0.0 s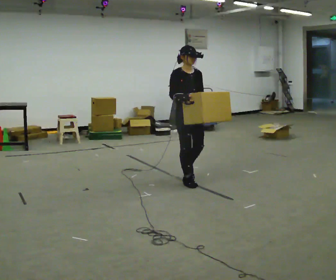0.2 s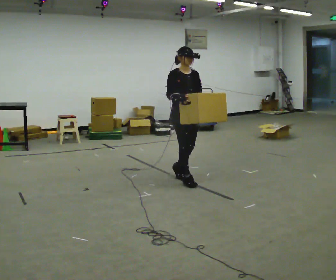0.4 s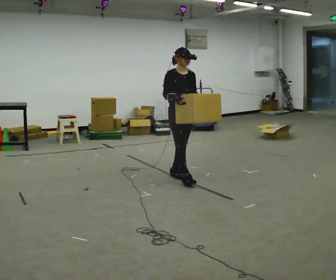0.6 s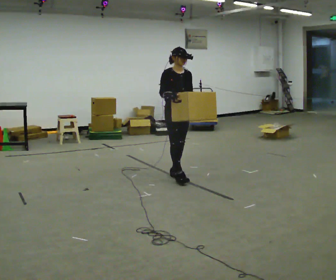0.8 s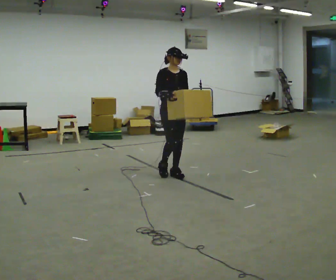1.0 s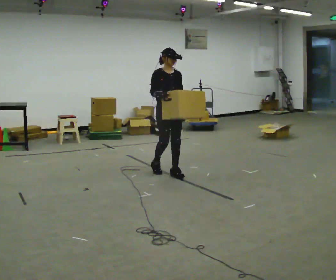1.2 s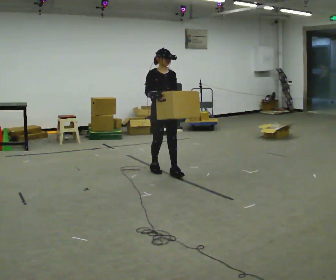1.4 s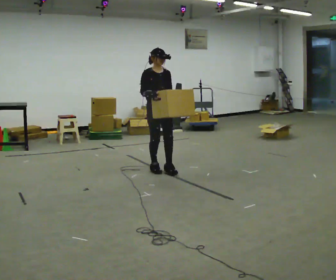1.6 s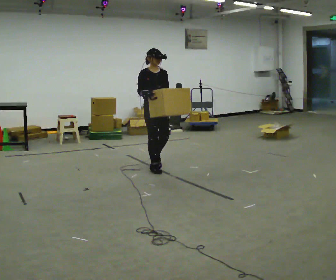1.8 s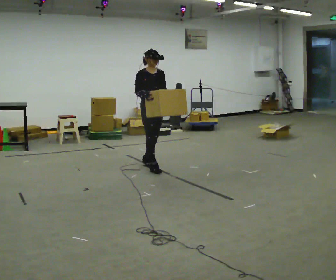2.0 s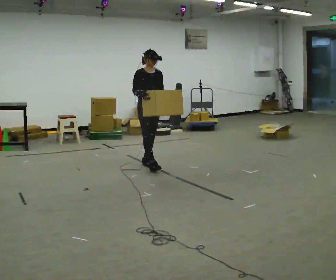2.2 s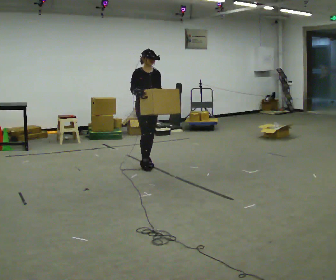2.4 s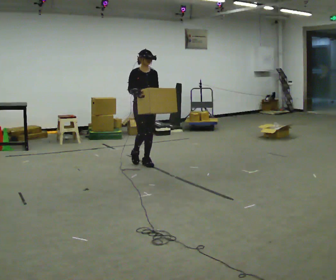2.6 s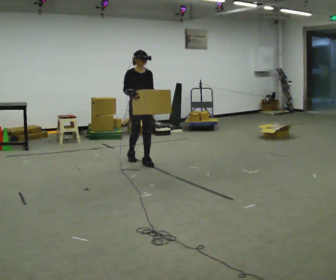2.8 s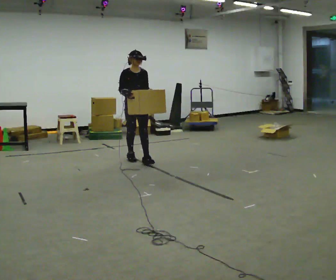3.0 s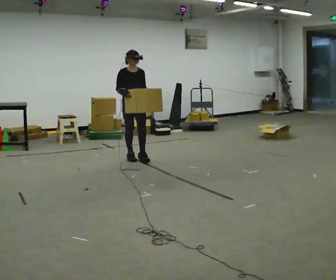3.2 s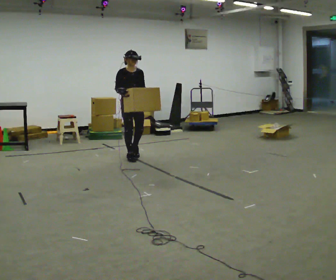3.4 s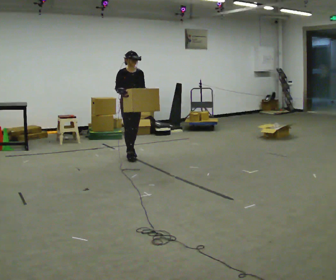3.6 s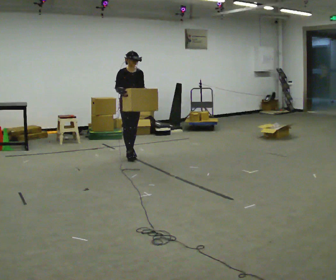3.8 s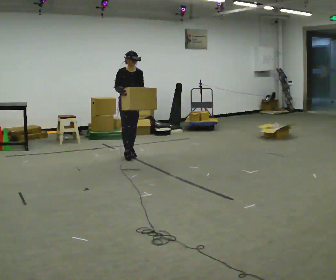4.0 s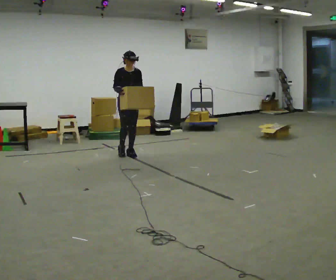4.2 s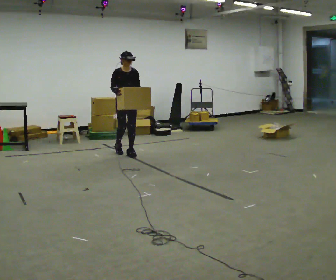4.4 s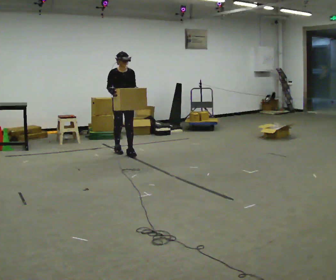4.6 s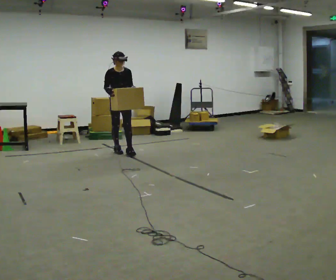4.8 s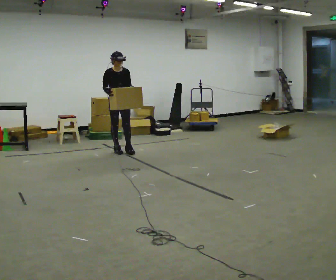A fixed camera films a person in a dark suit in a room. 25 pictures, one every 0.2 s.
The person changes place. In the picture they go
away from the camera.
0.0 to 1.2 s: In the picture they go away from the camera and to the left, about 0.5 m in 1 step, which for them is backward.
1.2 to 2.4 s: In the picture they go away from the camera and to the left, about 0.5 m in 2 steps, which for them is backward.
2.4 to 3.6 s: In the picture they go away from the camera and to the left, about 0.5 m in 1 step, which for them is backward.
3.6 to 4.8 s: In the picture they go away from the camera and to the left, about 0.25 m in 2 steps, which for them is backward.
The film runs backward here.
